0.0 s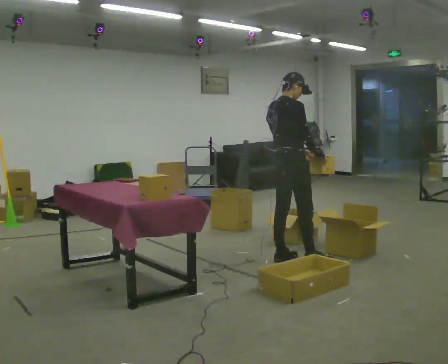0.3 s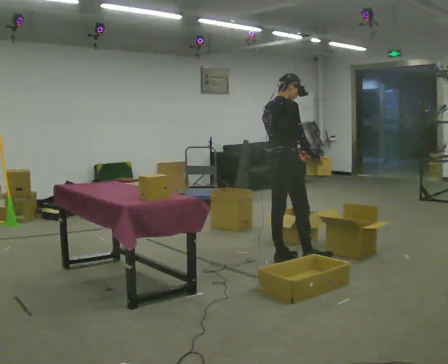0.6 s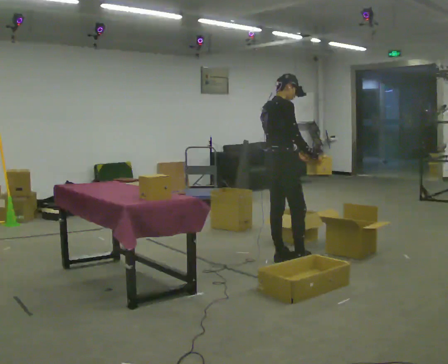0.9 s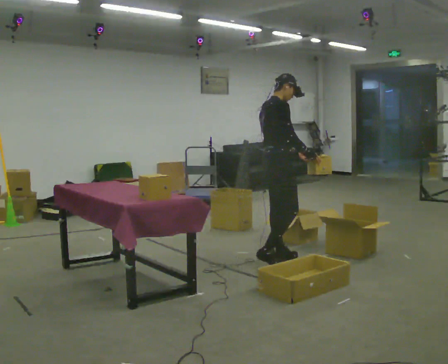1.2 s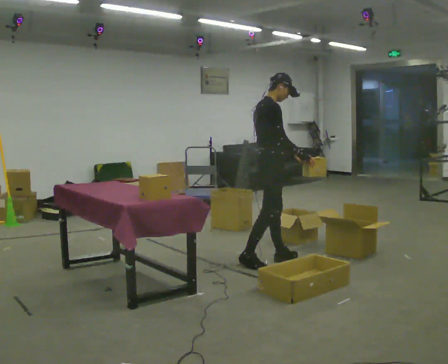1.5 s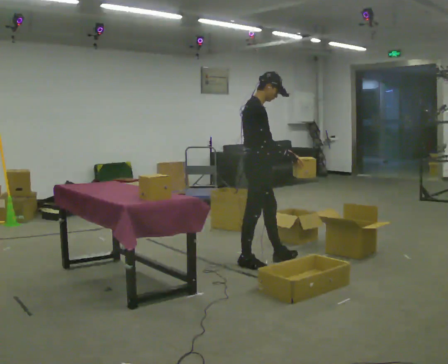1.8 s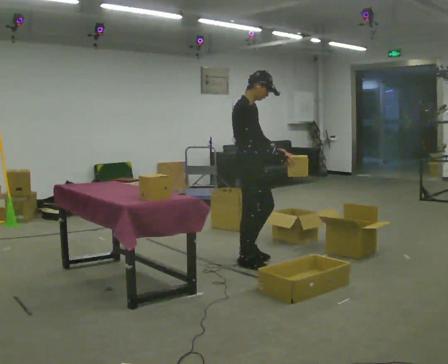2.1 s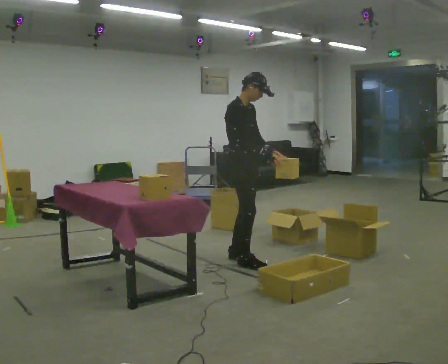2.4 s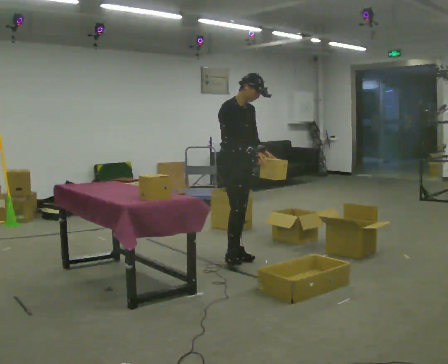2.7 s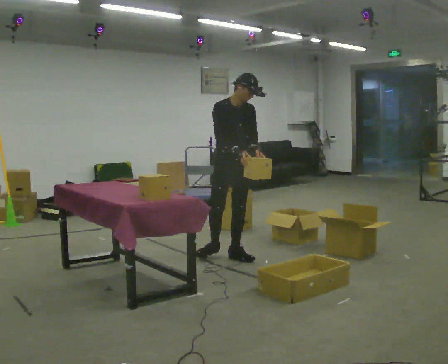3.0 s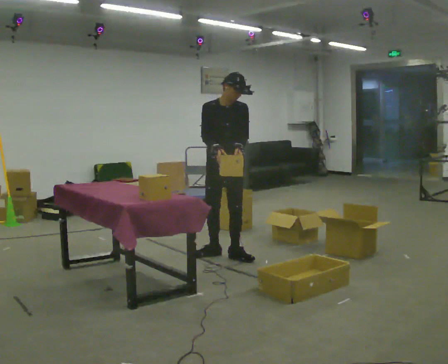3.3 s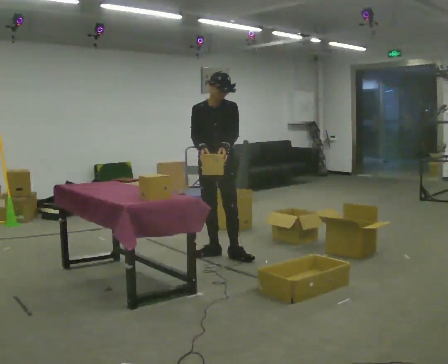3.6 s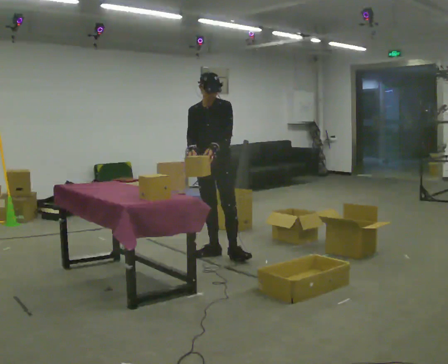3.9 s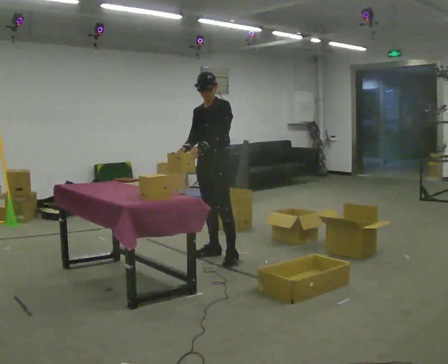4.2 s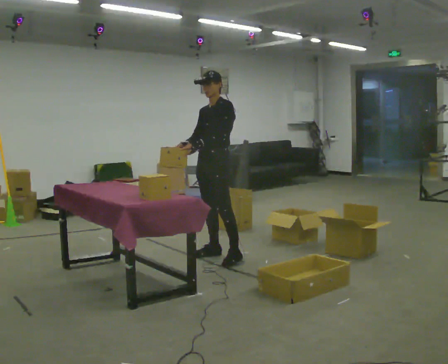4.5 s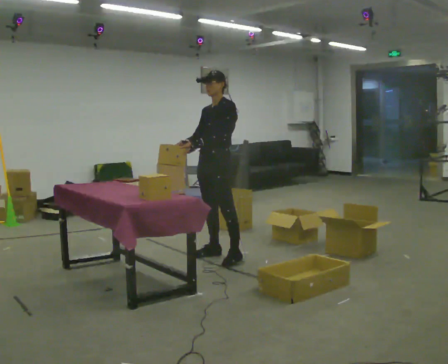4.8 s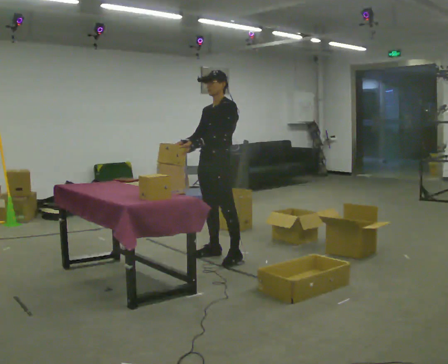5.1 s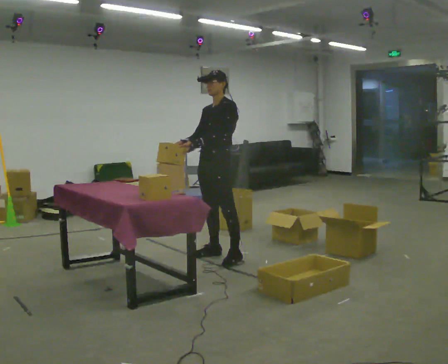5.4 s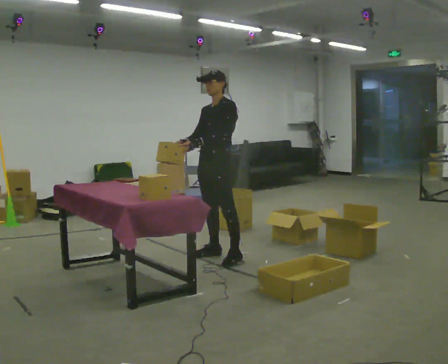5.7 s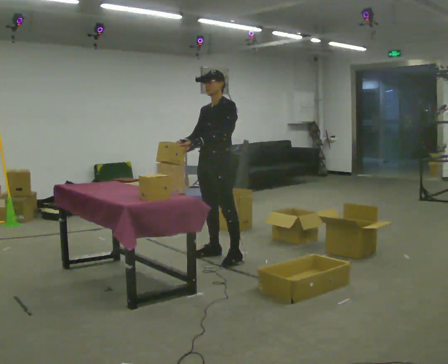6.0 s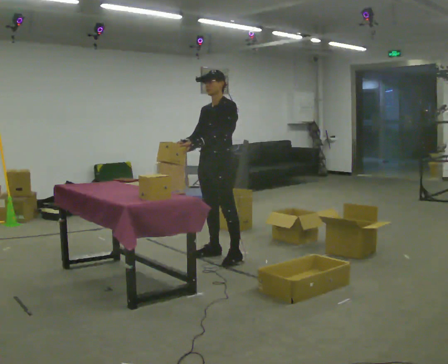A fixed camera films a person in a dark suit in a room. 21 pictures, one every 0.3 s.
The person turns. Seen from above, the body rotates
clockwise.
The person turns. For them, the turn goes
to their right.
0.0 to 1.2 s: In the picture they go to the left, about 0.25 m in 1 step, which for them is backward.
1.2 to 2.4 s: Seen from above the body turns clockwise, about 45 degrees: to their right, with its near side sliding to the left. In the picture they go to the left and away from the camera, about 0.25 m in 2 steps, which for them is backward.
2.4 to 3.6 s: The part of the body nearest the lens slides to the left as the person turns to their right by about 60 degrees. In the picture they go to the left and away from the camera, about 0.25 m. In the picture their left hand goes to the left.
3.6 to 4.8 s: The part of the body nearest the lens slides to the left as the person turns to their right by about 30 degrees.
4.8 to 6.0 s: The person keeps their place and pose.
The film runs backward here.
